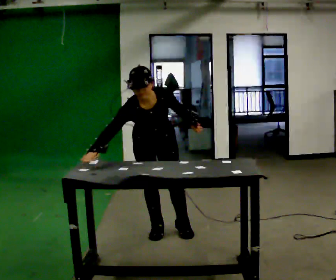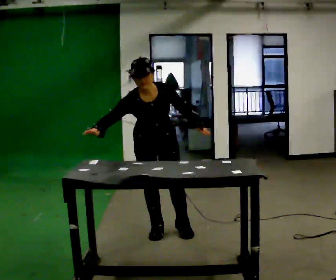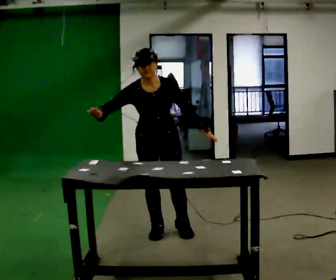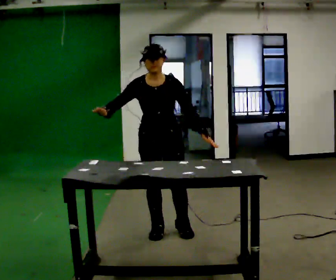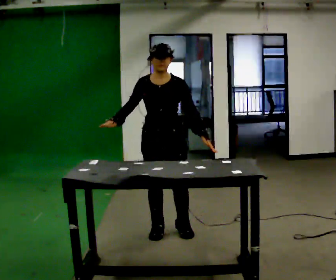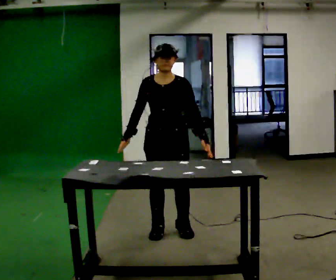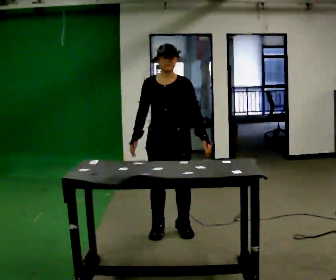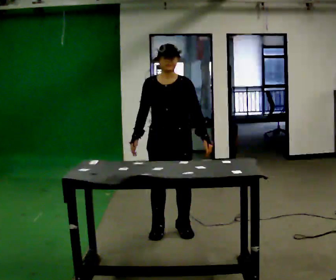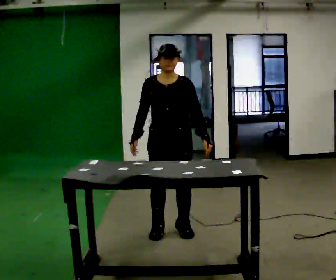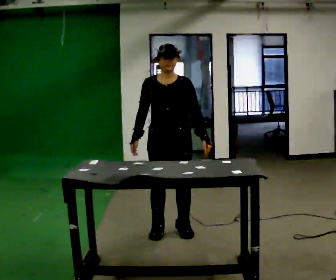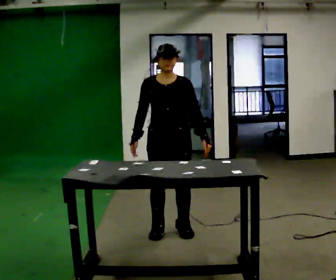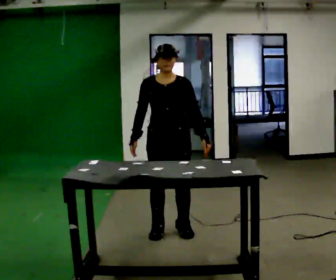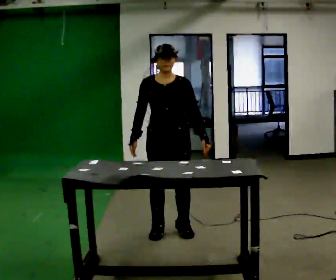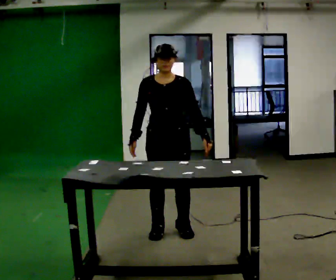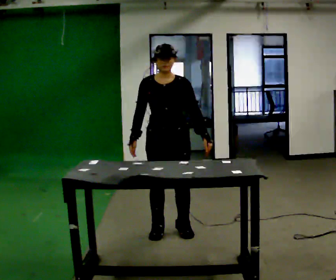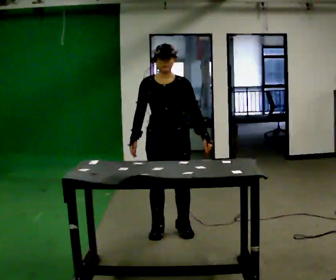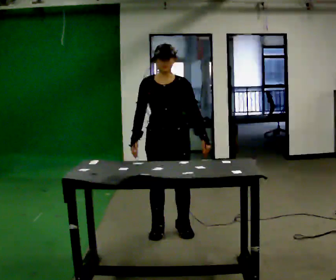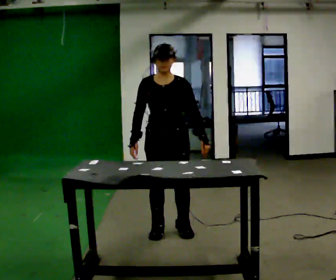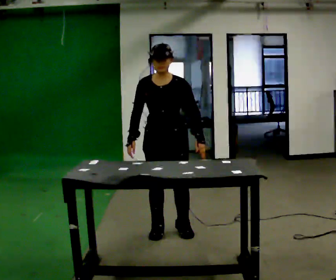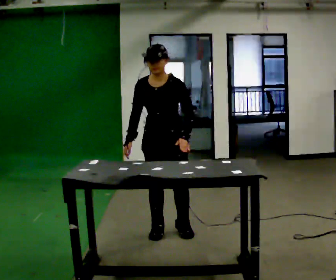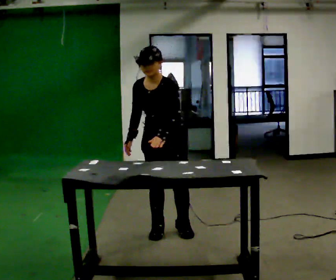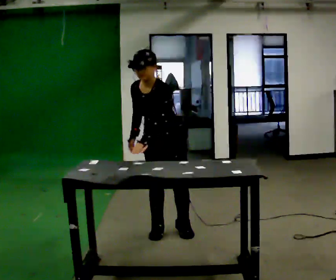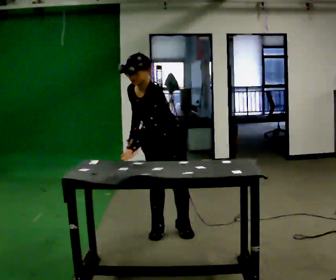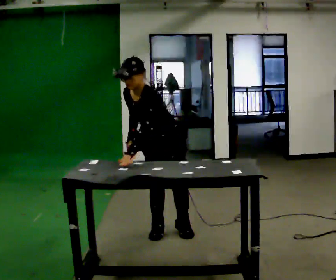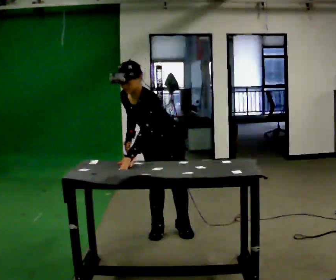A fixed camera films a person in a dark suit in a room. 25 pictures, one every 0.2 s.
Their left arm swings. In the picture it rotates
clockwise.
0.0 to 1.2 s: The upper body tips away from the camera, its near side rolling upward, as they lean back or straighten.
1.2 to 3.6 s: The person moves a little, or ends about where they began.
3.6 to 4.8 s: The part of the body nearest the lens slides to the left as the person turns to their right by about 30 degrees. The upper body tips toward the camera, its near side rolling downward, as they bend forward. In the picture their left hand goes to the left, the arm swinging clockwise.
The film runs forward here.
